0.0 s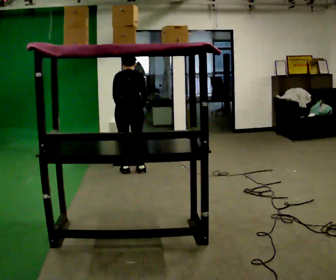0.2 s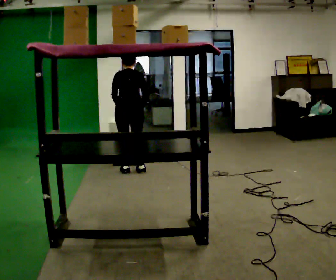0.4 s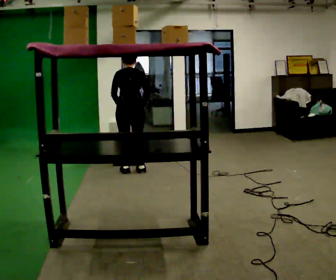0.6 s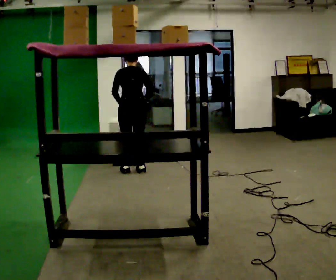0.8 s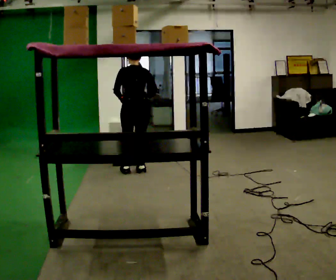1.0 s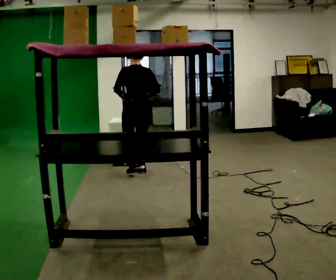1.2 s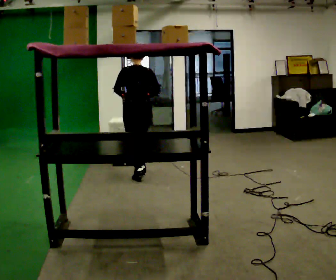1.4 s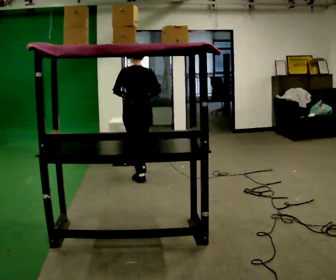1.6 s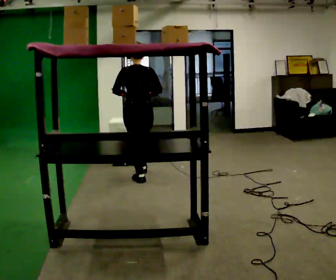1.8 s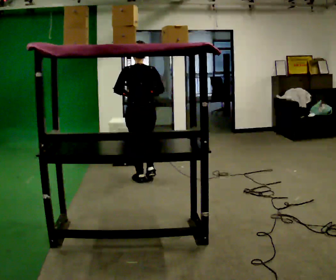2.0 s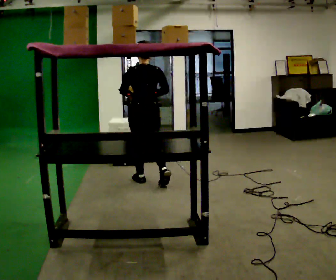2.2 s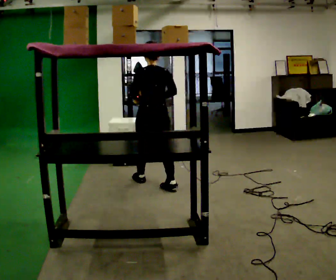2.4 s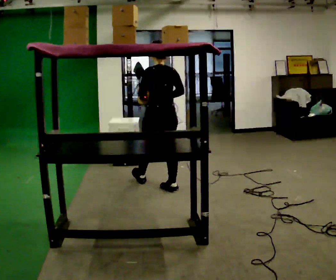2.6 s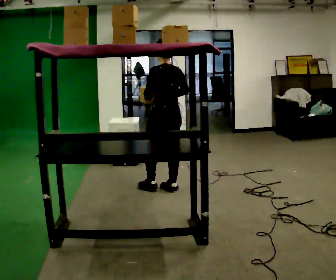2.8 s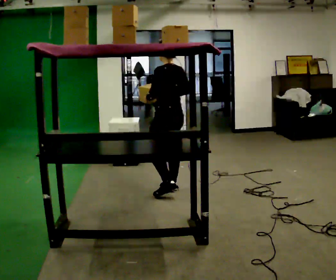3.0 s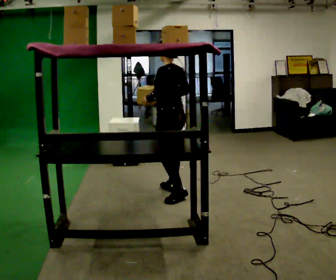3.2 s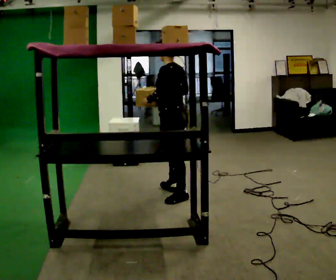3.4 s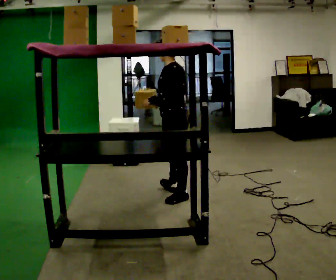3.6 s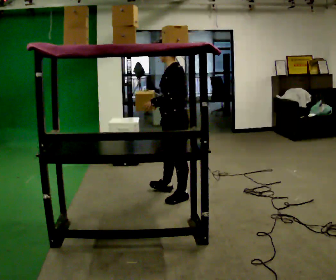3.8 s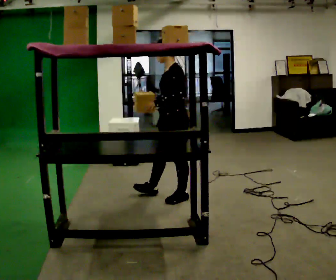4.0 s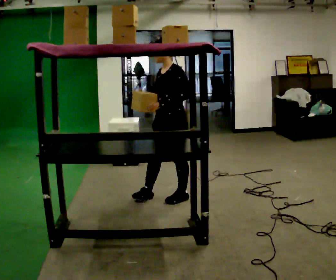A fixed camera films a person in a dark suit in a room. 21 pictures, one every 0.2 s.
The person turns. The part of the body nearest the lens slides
to the right.
The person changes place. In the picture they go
toward the camera.
0.0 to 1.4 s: In the picture they go toward the camera, about 0.25 m in 1 step, which for them is backward. The upper body tips toward the camera, its near side rolling downward, as they lean back or straighten.
1.4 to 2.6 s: In the picture they go toward the camera and to the right, about 0.5 m in 2 steps, which for them is backward.
2.6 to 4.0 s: The part of the body nearest the lens slides to the right as the person turns to their left by about 75 degrees. In the picture they go toward the camera, about 0.25 m in 1 step.
The film runs backward here.
